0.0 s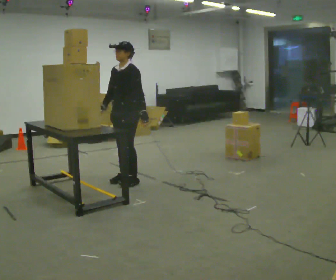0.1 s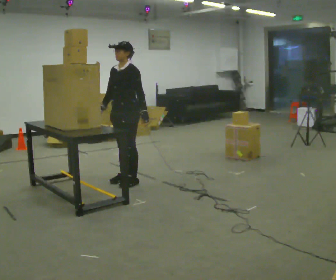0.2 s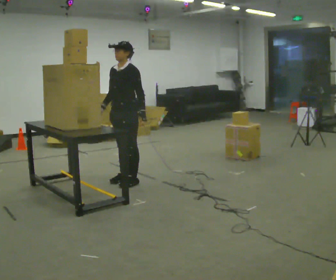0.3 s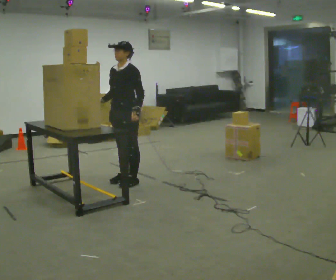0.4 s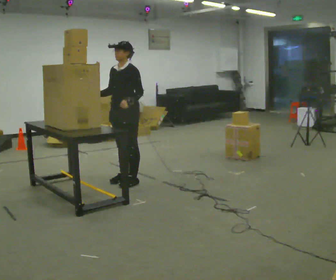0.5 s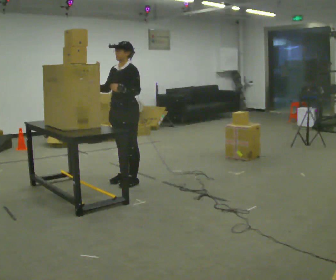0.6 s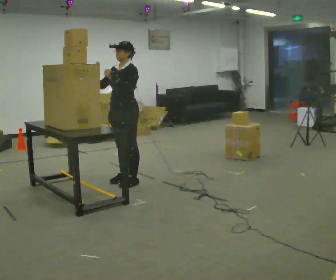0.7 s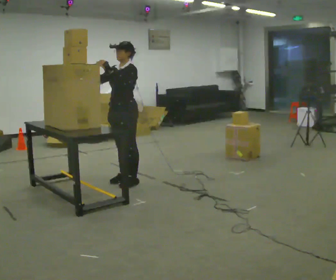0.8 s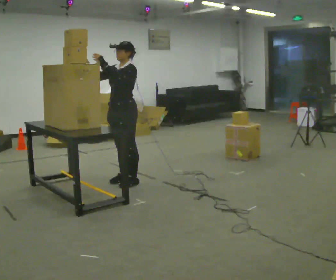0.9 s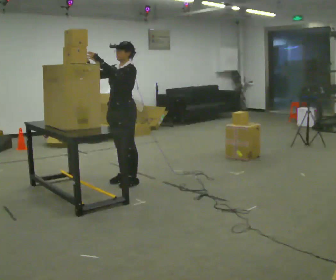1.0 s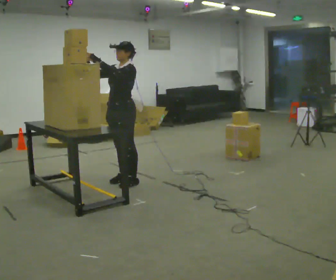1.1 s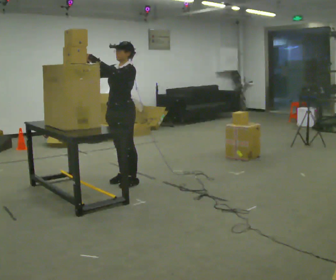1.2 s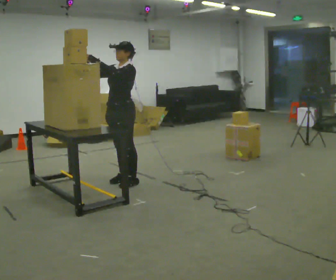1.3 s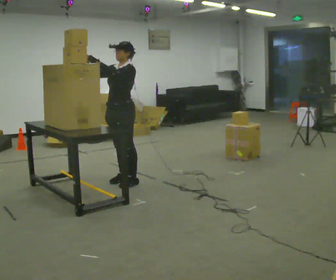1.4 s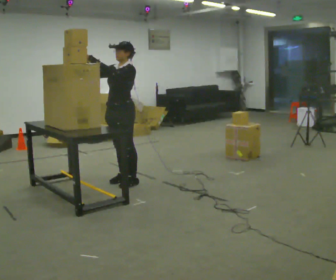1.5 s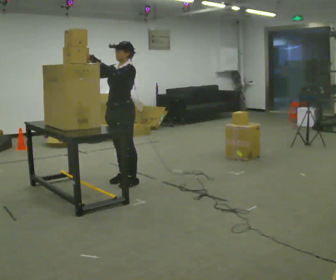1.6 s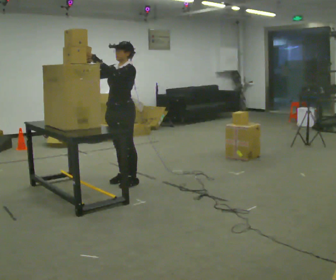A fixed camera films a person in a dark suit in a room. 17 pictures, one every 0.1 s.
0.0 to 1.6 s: In the picture their left hand goes upward and to the left.
The film runs forward here.
